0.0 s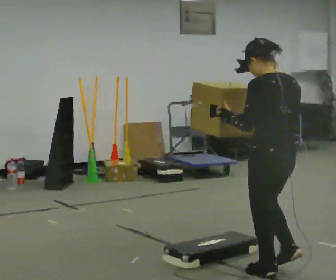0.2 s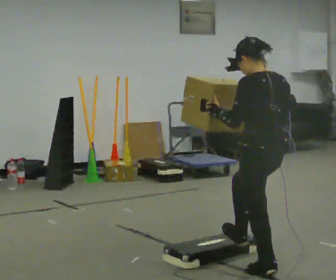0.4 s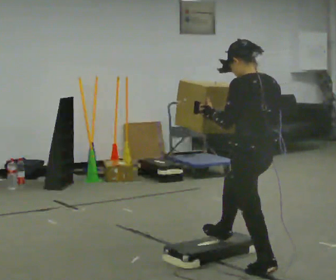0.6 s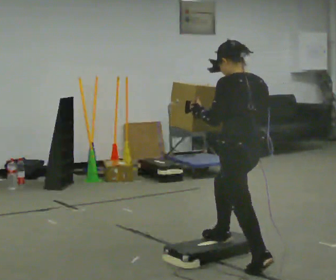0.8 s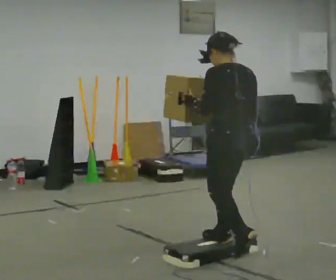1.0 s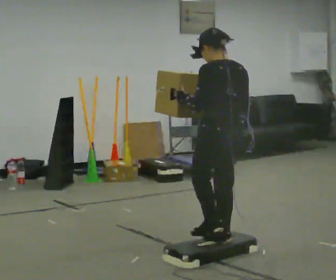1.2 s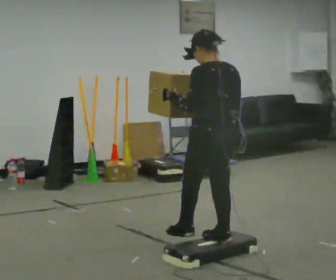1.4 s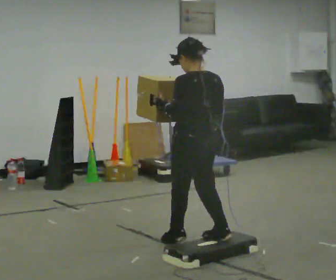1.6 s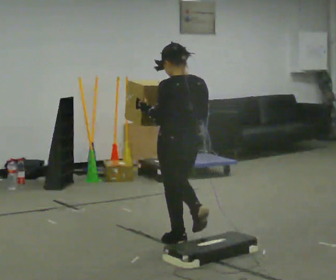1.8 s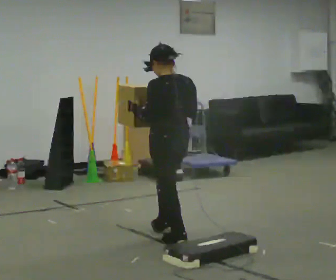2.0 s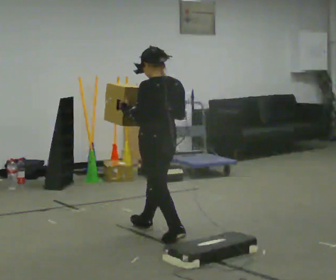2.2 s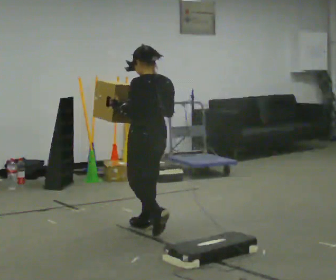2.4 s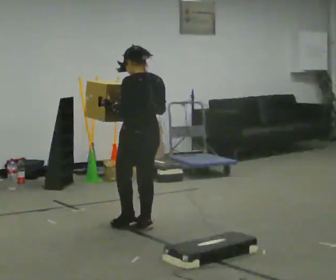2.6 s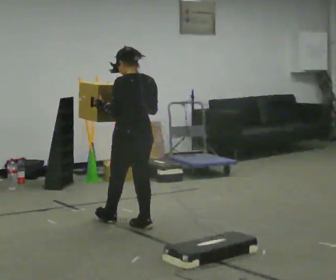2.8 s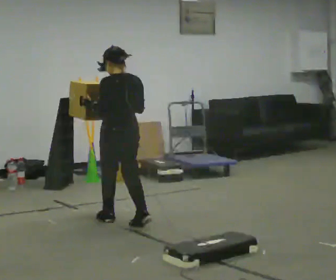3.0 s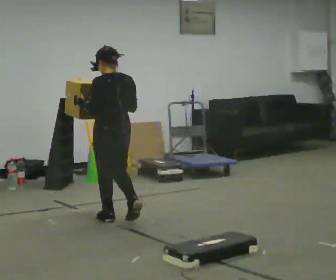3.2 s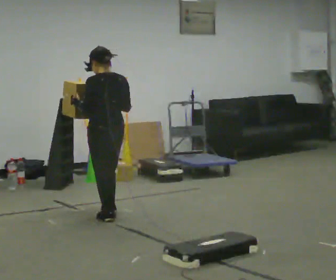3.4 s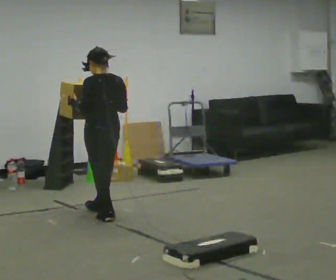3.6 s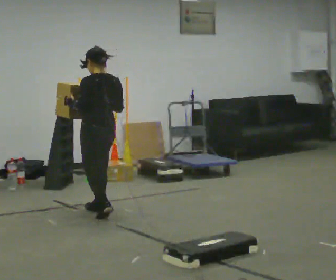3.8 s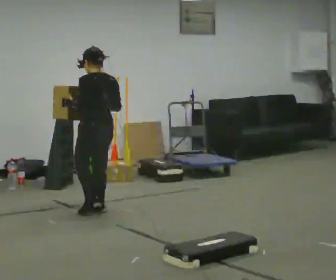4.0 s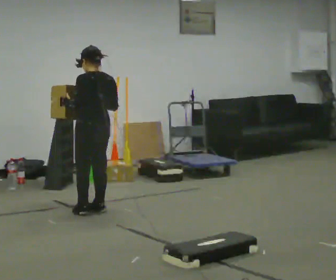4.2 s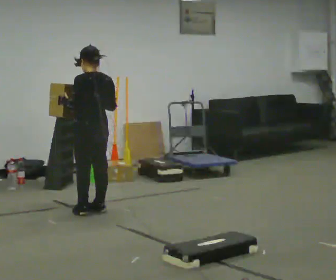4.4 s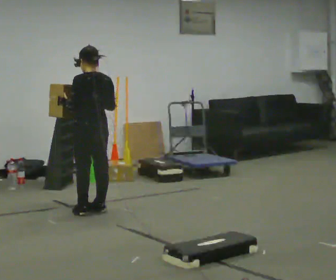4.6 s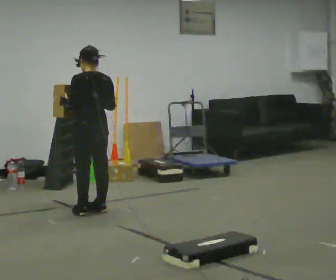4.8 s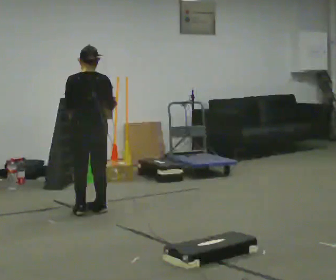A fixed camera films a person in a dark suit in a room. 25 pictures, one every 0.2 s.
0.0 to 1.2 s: In the picture they go away from the camera and to the left, about 0.75 m in 1 step, which for them is forward.
1.2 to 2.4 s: In the picture they go away from the camera and to the left, about 1 m in 2 steps, which for them is forward.
2.4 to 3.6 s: In the picture they go away from the camera and to the left, about 0.5 m in 2 steps, which for them is forward.
3.6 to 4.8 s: The part of the body nearest the lens slides to the left as the person turns to their right by about 30 degrees.
The film runs forward here.
